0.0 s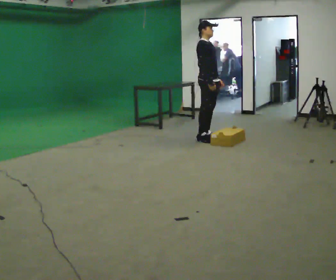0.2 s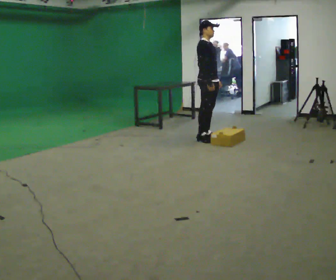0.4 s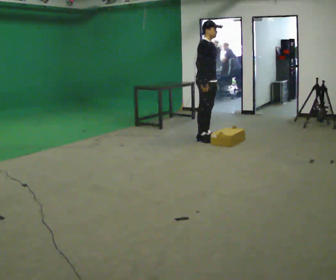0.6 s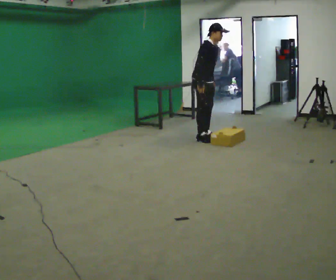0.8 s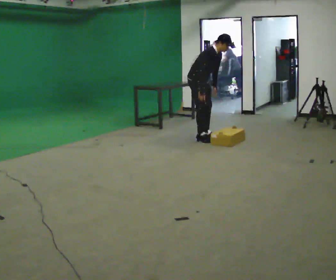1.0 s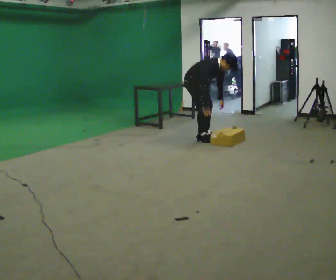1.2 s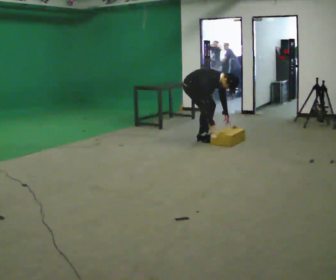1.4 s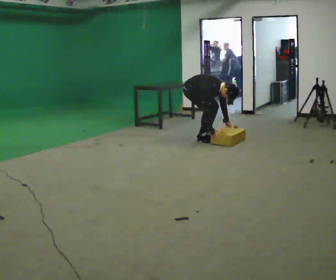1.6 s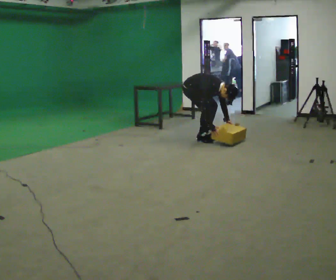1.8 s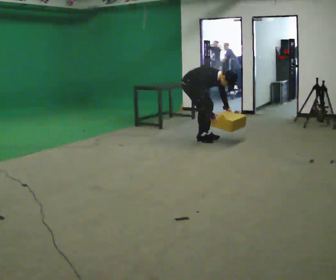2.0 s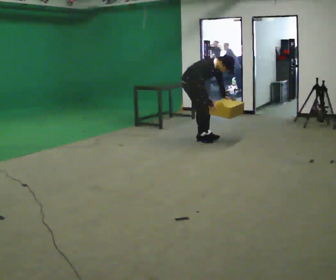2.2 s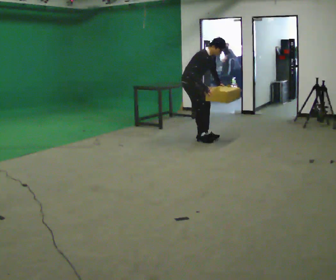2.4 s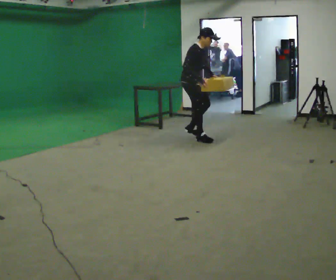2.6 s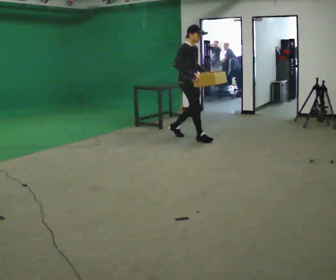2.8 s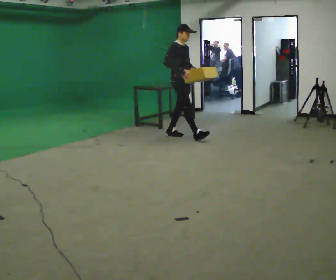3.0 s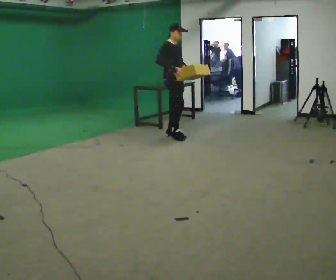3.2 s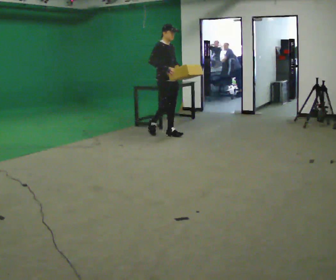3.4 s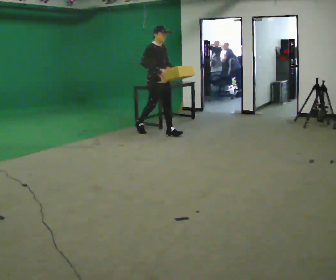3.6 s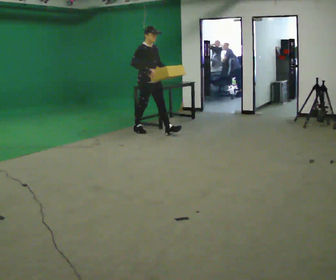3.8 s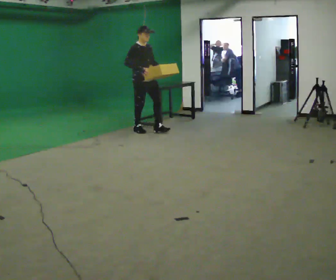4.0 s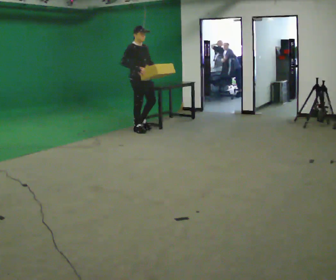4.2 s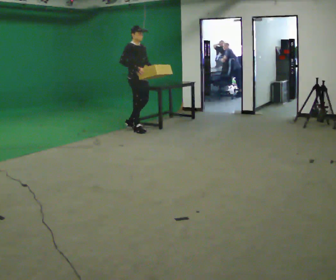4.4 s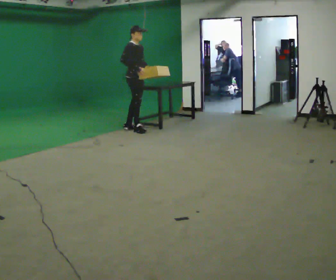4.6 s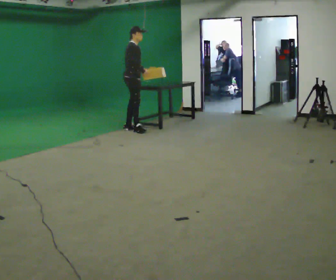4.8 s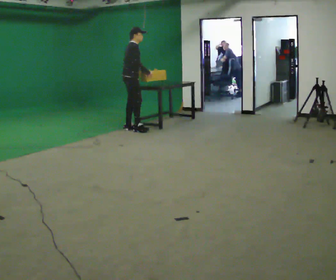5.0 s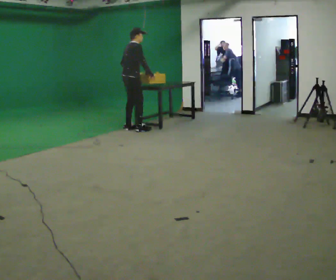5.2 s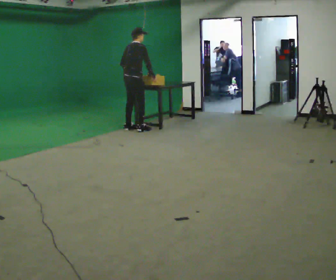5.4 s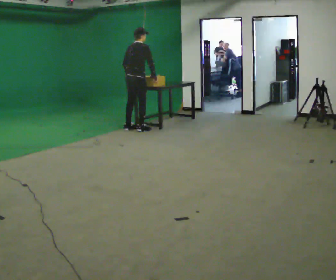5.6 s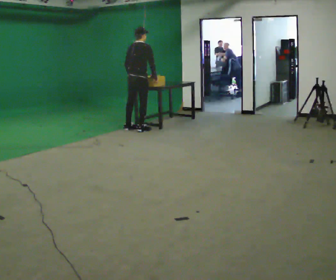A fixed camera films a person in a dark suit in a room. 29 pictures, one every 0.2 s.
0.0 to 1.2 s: In the picture they go to the left, about 0.25 m, which for them is backward. The shoulders move downward. In the picture the upper body tilts clockwise, shoulders to the right, as they bend forward. In the picture their right hand goes downward.
1.2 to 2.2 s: In the picture the upper body tilts counterclockwise, shoulders to the left, as they lean back or straighten. In the picture their right hand goes upward.
2.2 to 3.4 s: In the picture they go to the left and away from the camera, about 0.75 m in 2 steps, which for them is backward. In the picture the upper body tilts counterclockwise, shoulders to the left, as they lean back or straighten.
3.4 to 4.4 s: In the picture they go to the left and away from the camera, about 0.5 m in 1 step, which for them is backward.
4.4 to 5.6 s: The person turns about 75 degrees to their left, counterclockwise seen from above, so the part of the body nearest the lens slides to the right. In the picture their left hand goes to the left, the arm swinging clockwise.
The film runs backward here.
